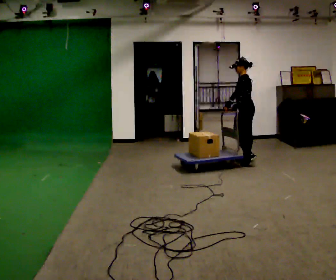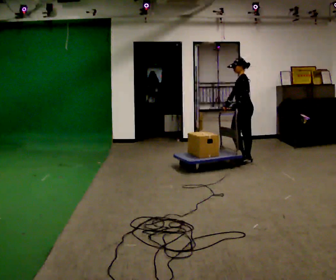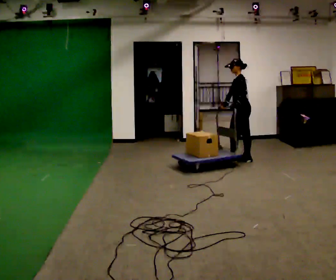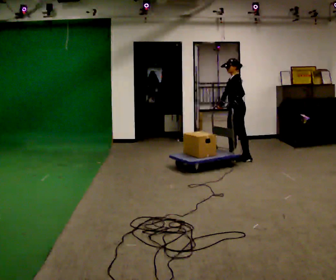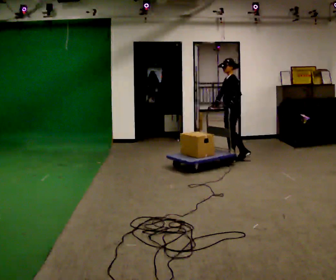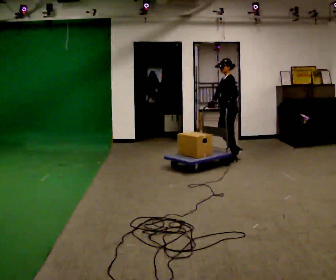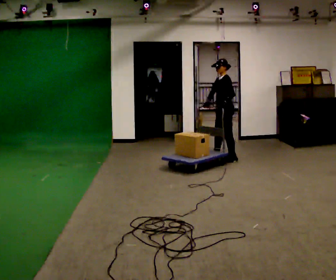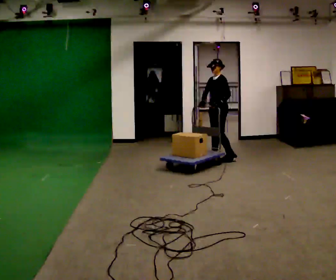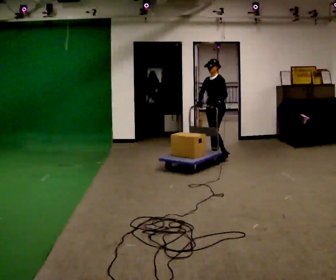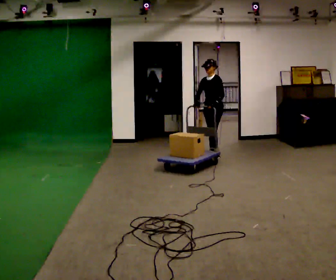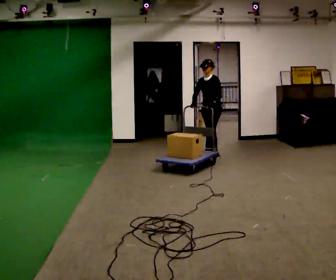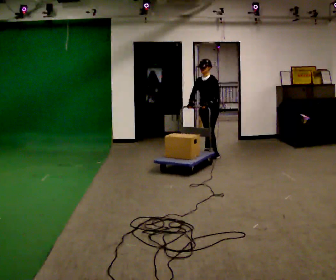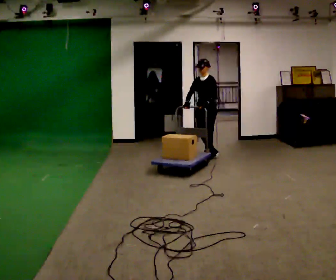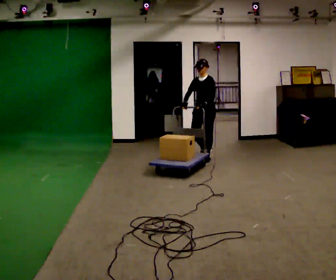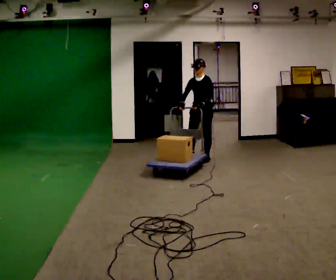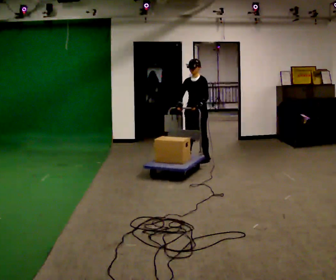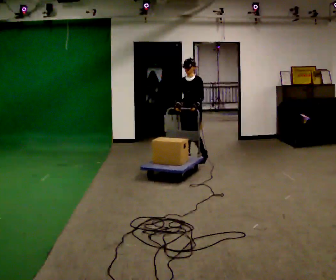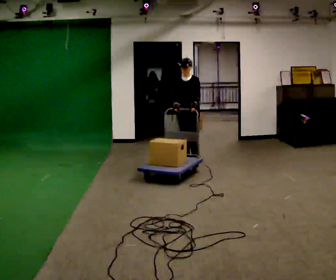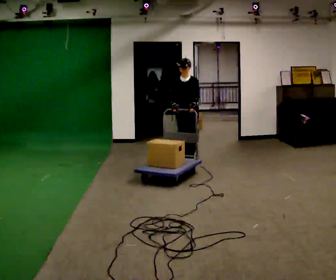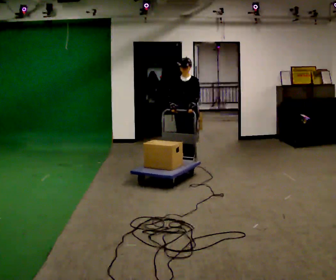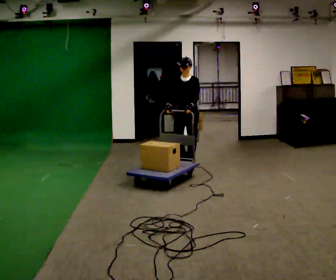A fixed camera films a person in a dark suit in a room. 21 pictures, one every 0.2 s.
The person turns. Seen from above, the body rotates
counterclockwise.
The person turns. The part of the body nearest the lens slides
to the right.
0.0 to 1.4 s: Seen from above the body turns counterclockwise, about 45 degrees: to their left, with its near side sliding to the right. In the picture they go to the left and away from the camera, about 0.5 m in 2 steps, which for them is forward and to their right.
1.4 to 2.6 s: In the picture they go to the left, about 0.25 m in 1 step, which for them is forward.
2.6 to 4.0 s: In the picture they go toward the camera and to the left, about 0.5 m in 2 steps, which for them is forward.
The film runs forward here.
